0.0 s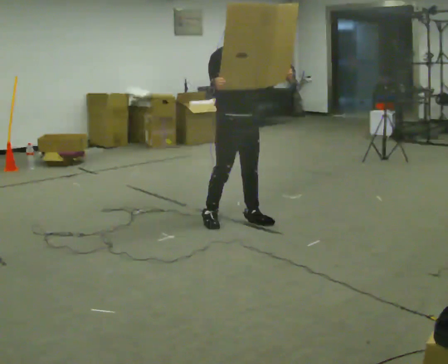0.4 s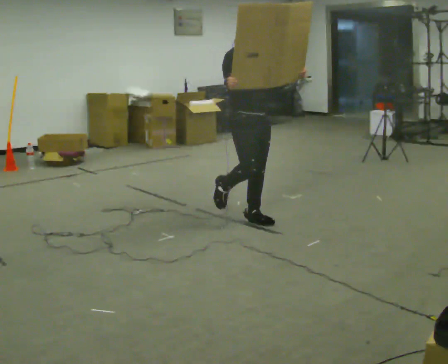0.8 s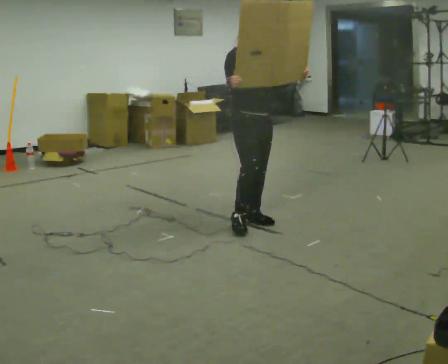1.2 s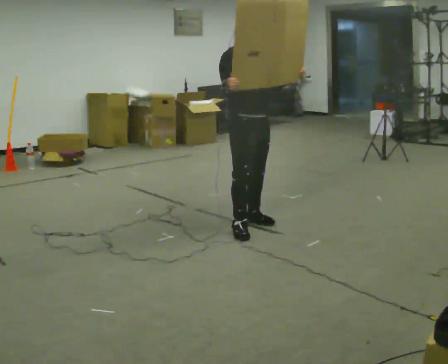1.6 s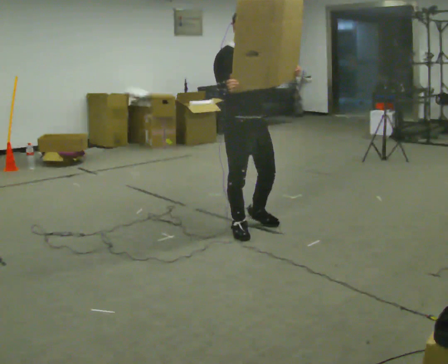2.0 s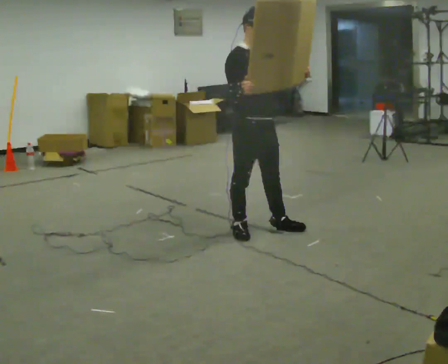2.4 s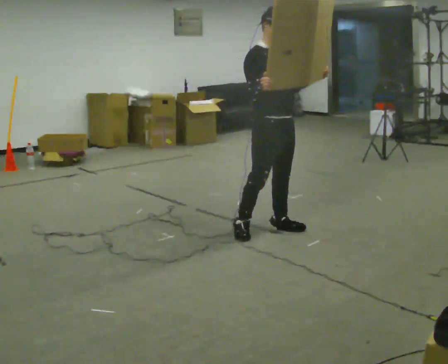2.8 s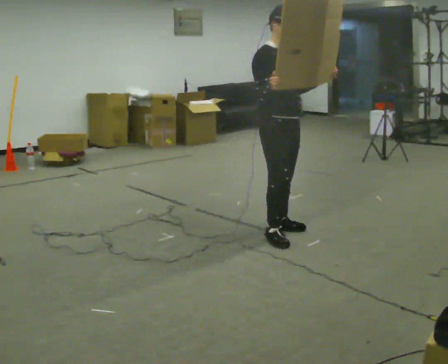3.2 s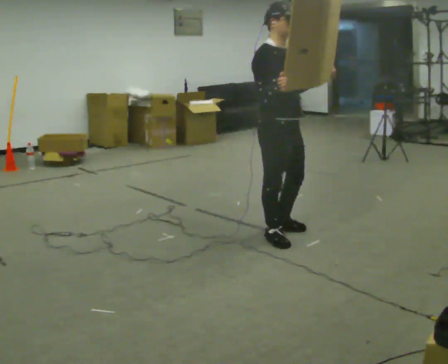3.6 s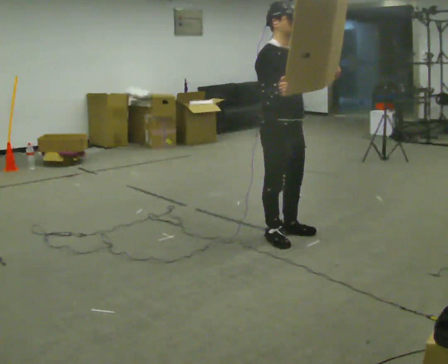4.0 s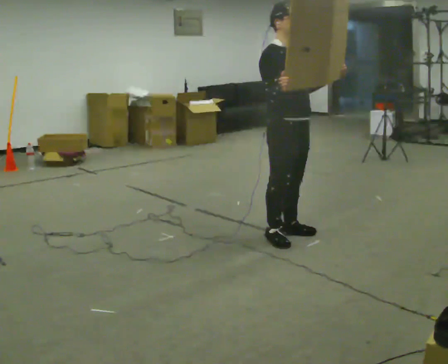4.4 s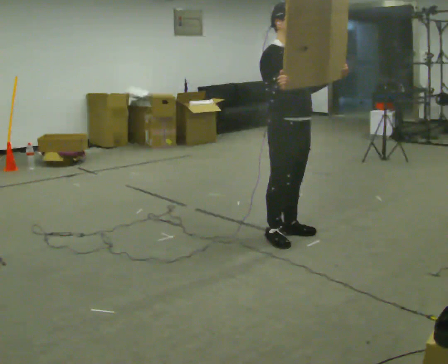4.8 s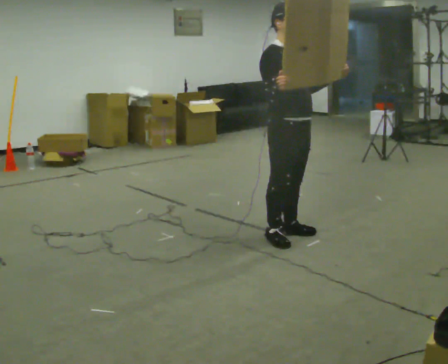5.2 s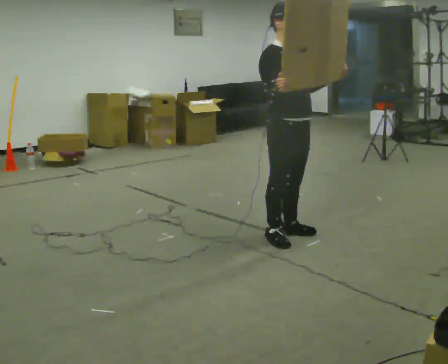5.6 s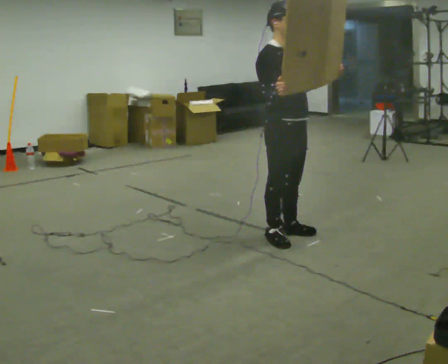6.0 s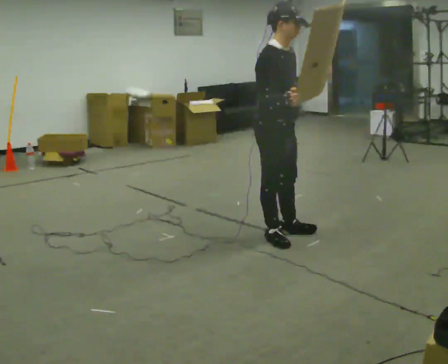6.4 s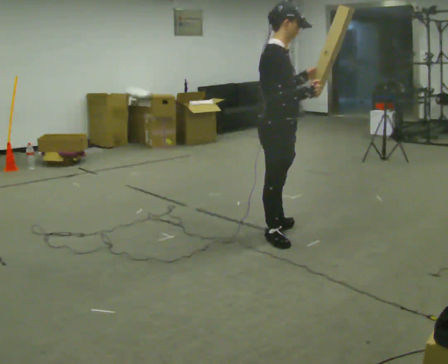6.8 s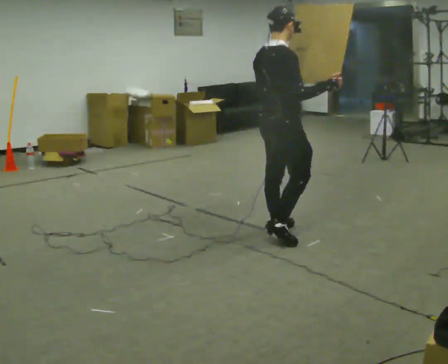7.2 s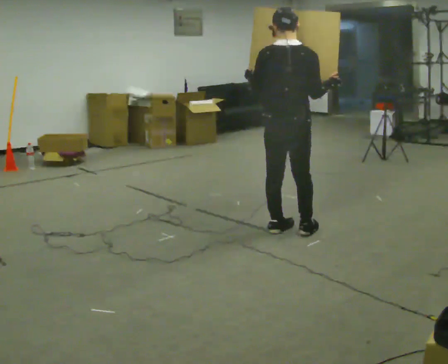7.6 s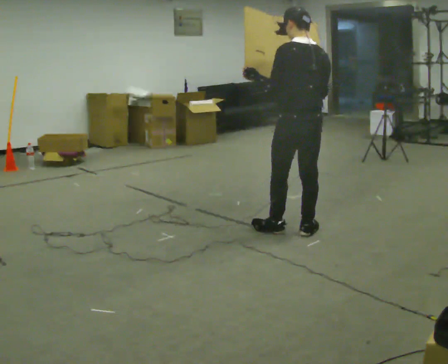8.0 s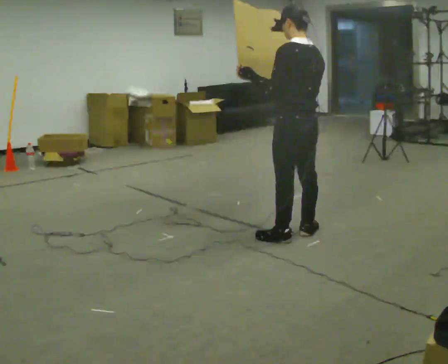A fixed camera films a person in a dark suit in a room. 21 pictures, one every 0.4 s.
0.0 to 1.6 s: In the picture they go toward the camera, about 0.25 m in 1 step, which for them is forward.
1.6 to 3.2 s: In the picture they go to the right, about 0.25 m in 2 steps, which for them is forward.
3.2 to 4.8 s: The person moves a little, or ends about where they began.
4.8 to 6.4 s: The person turns about 45 degrees to their left, counterclockwise seen from above, so the part of the body nearest the lens slides to the right.
6.4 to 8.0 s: The part of the body nearest the lens slides to the right as the person turns to their left by about 135 degrees. In the picture they go to the right, about 0.25 m in 2 steps.
The film runs forward here.
